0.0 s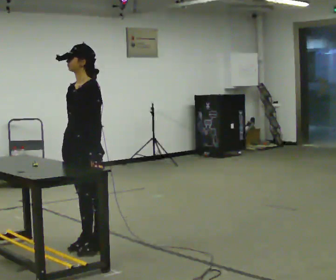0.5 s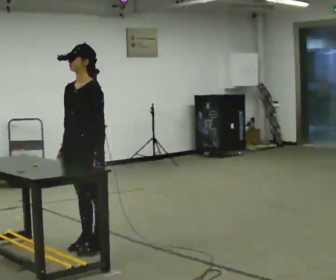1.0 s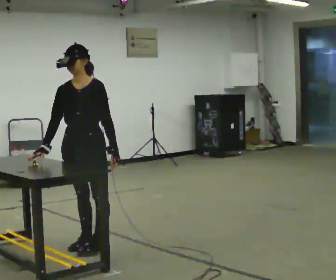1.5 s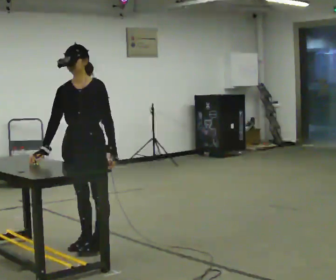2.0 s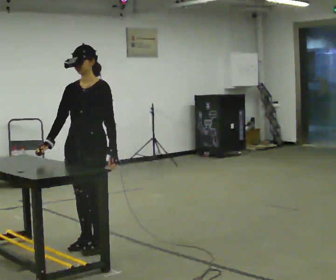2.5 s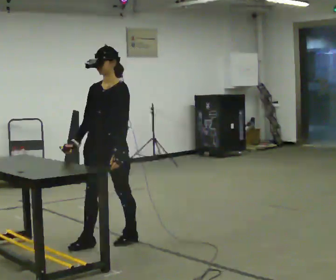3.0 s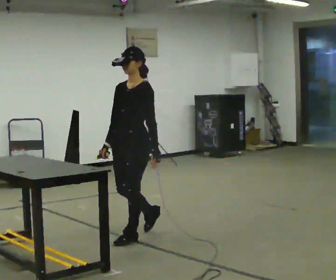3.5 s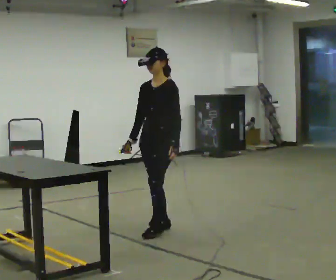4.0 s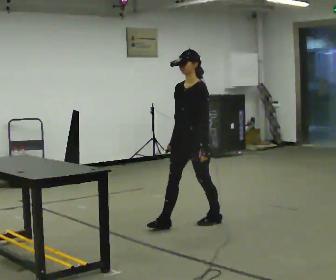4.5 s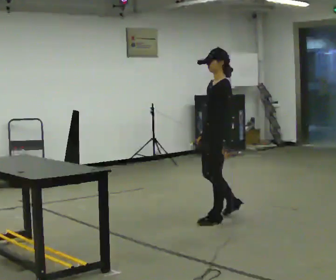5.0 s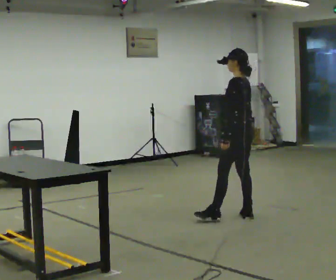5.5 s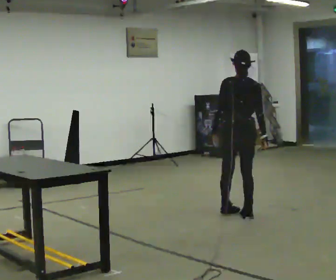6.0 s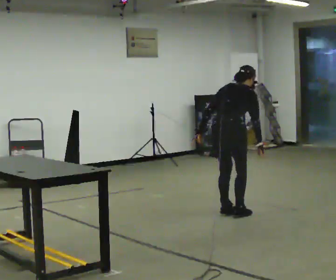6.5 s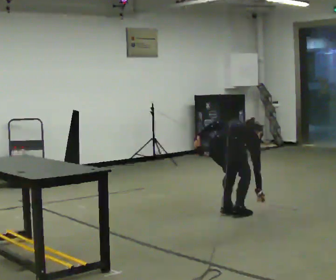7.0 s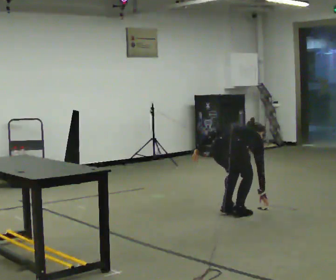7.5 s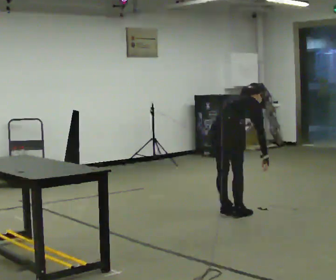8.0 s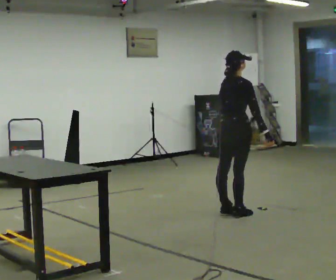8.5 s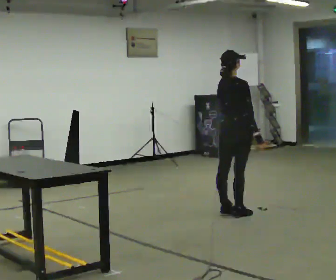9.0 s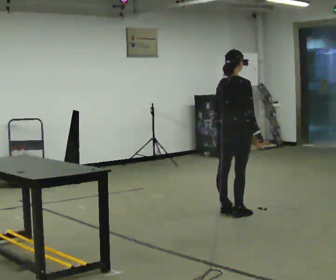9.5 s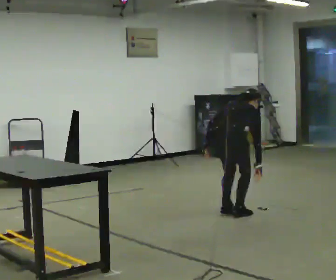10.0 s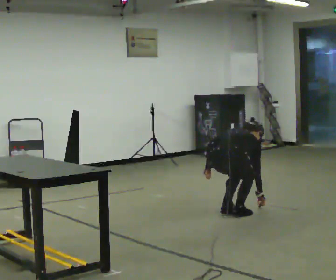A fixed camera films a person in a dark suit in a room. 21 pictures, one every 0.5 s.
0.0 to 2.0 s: The person moves a little, or ends about where they began.
2.0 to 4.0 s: In the picture they go away from the camera and to the right, about 1 m in 2 steps, which for them is backward.
4.0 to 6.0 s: The person turns about 165 degrees to their right, clockwise seen from above, so the part of the body nearest the lens slides to the left. In the picture they go away from the camera and to the right, about 0.5 m in 2 steps. The upper body tips away from the camera, its near side rolling upward, as they bend forward.
6.0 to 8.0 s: The person moves a little, or ends about where they began.
8.0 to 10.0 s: The shoulders move downward. The upper body tips away from the camera, its near side rolling upward.
The film runs backward here.
